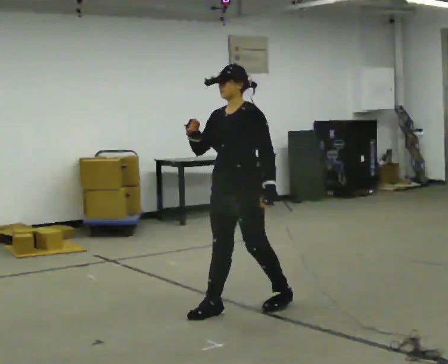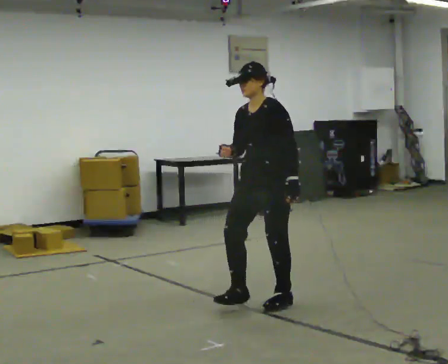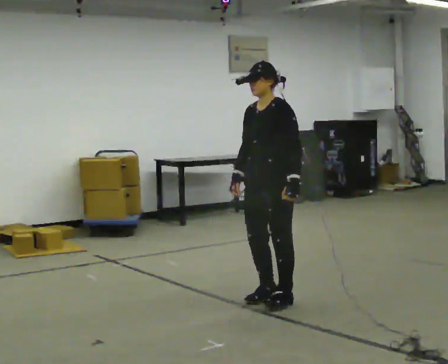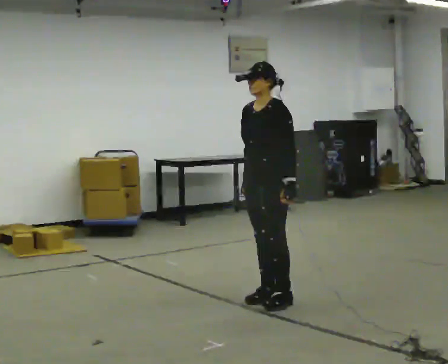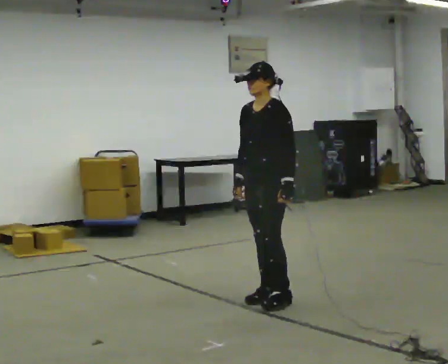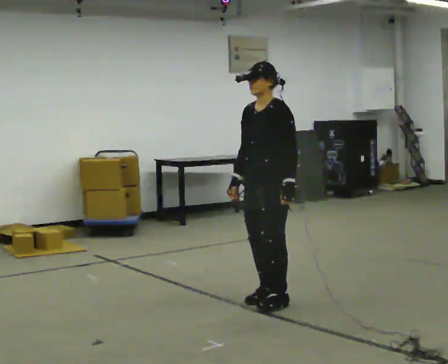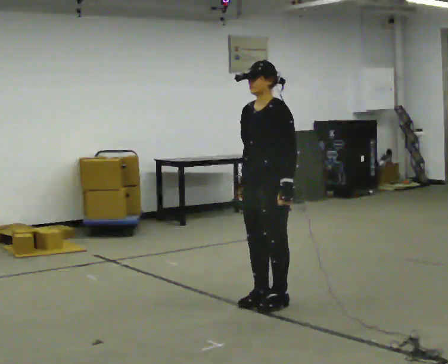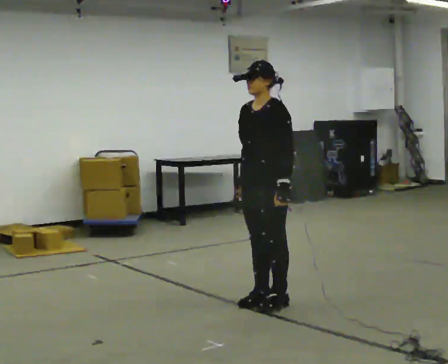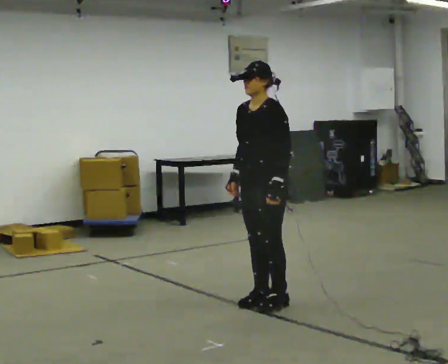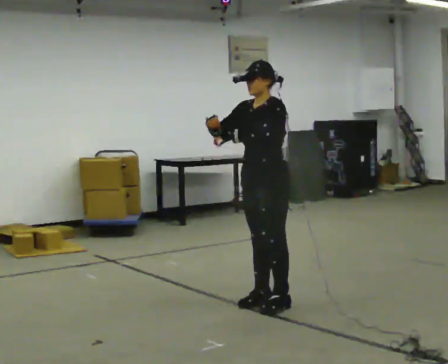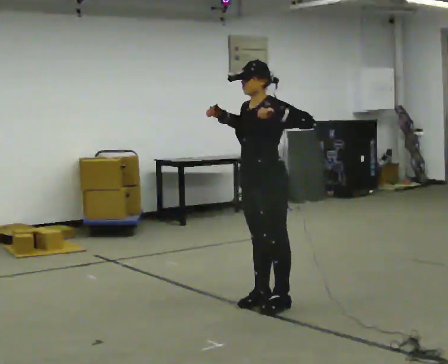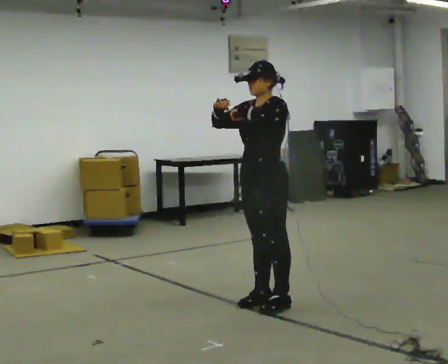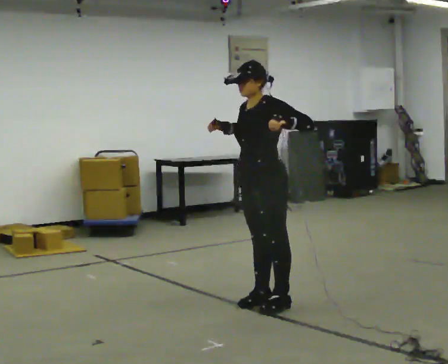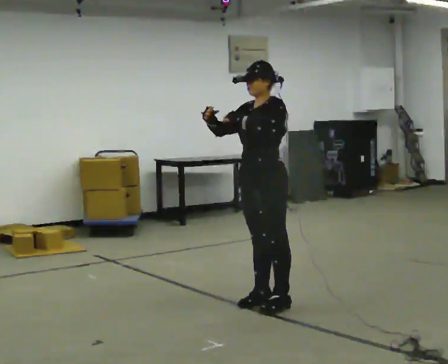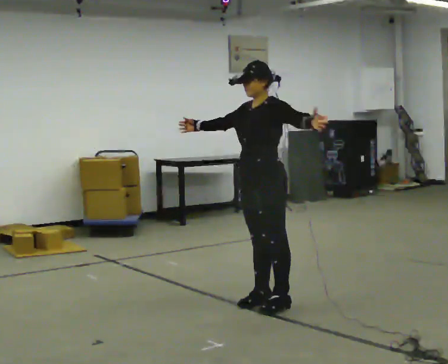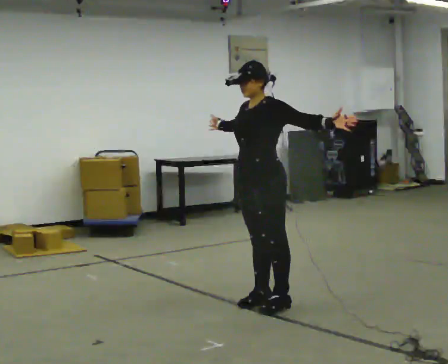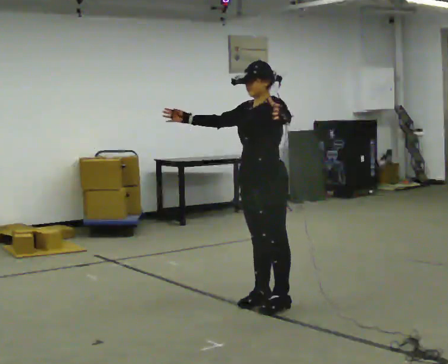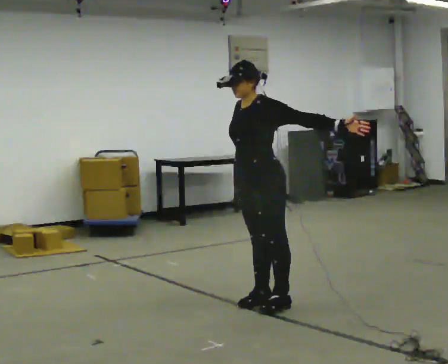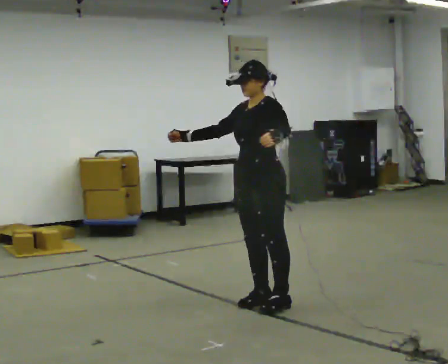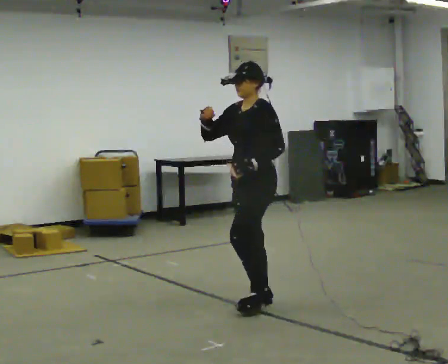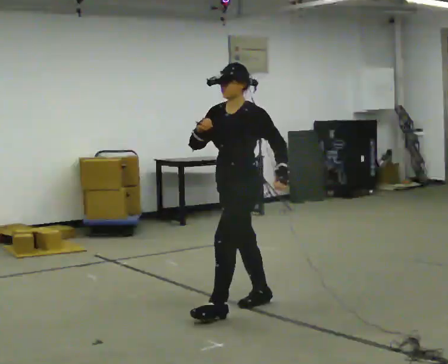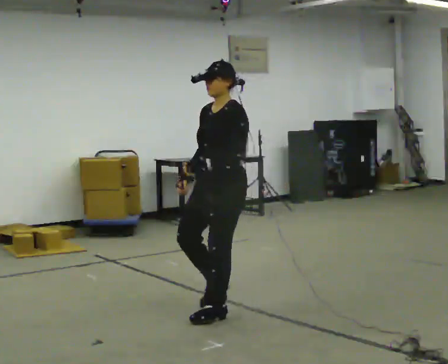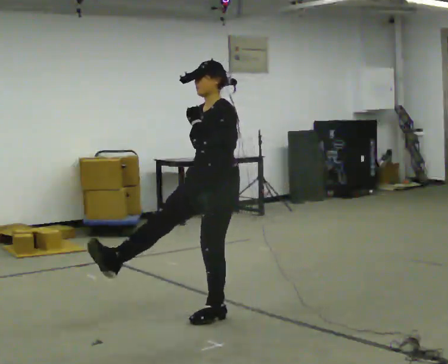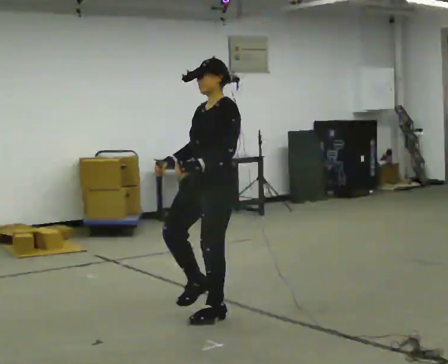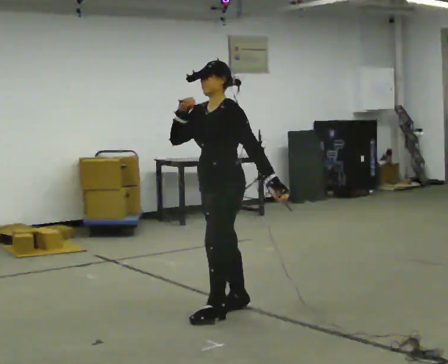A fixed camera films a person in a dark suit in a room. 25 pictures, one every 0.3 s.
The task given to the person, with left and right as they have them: Repeat a short dance step or sequence over and over in time with a steady beat.
0.0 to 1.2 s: In the picture they go away from the camera and to the right, about 0.25 m in 2 steps, which for them is backward. In the picture their right hand goes downward.
1.2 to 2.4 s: The person moves a little, or ends about where they began.
2.4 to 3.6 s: In the picture their left hand goes upward.
3.6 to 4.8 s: The person moves a little, or ends about where they began.
4.8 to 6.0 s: In the picture they go to the left, about 0.25 m in 1 step, which for them is forward. In the picture their left hand goes downward.
6.0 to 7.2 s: The person moves a little, or ends about where they began.
The film runs forward here.
